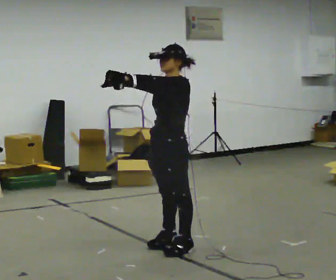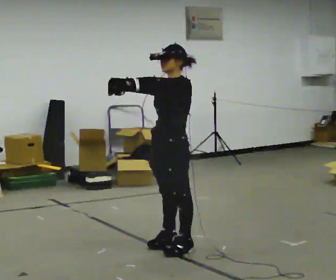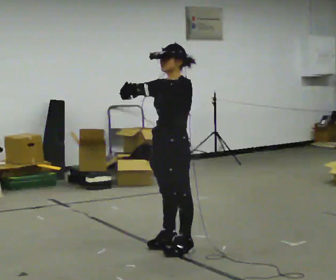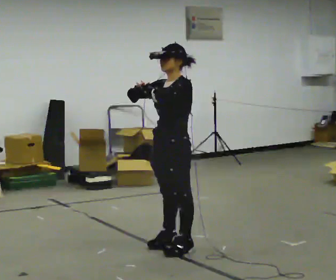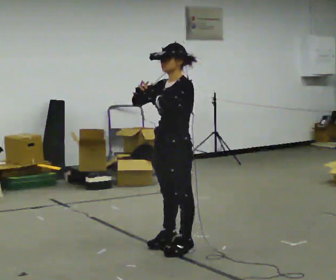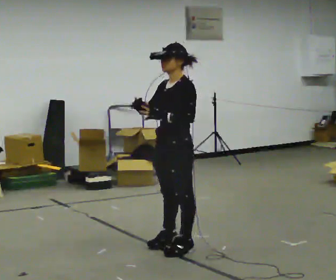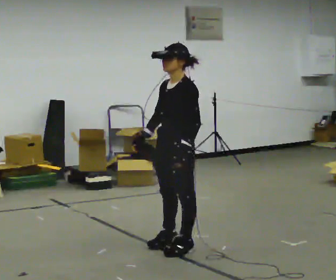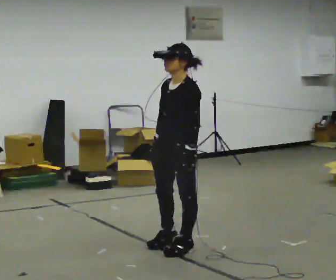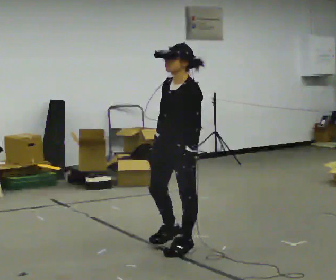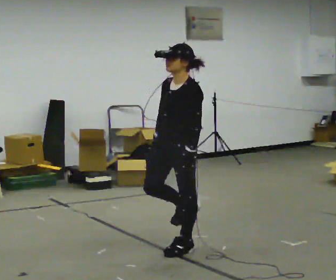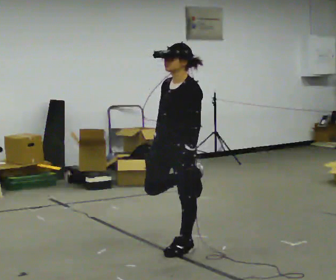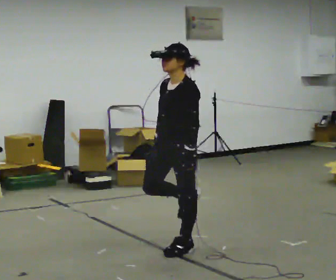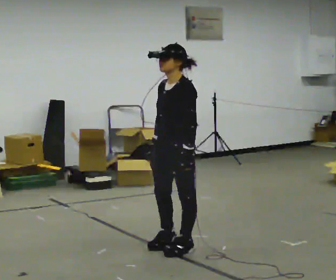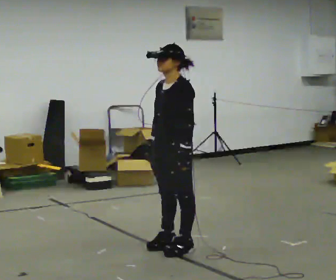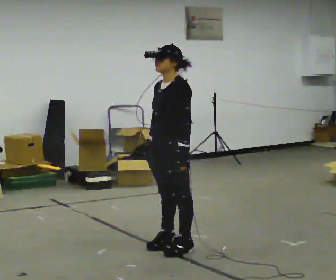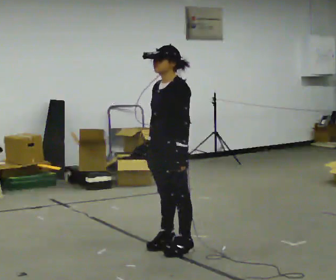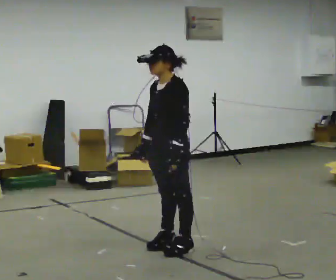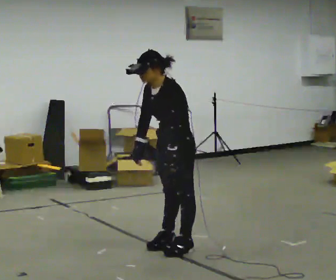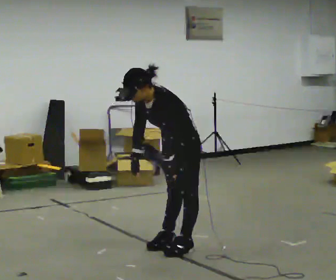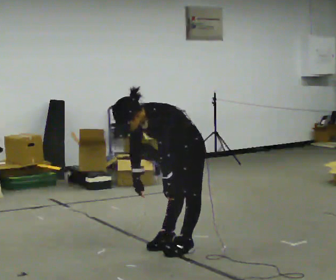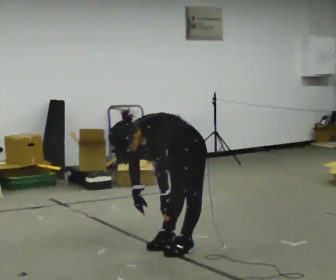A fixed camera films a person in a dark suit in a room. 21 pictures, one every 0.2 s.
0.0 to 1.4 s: In the picture their right hand goes downward.
1.4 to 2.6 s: The person moves a little, or ends about where they began.
2.6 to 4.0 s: The shoulders move downward. In the picture the upper body tilts counterclockwise, shoulders to the left, as they bend forward. In the picture their right hand goes downward.
The film runs backward here.
